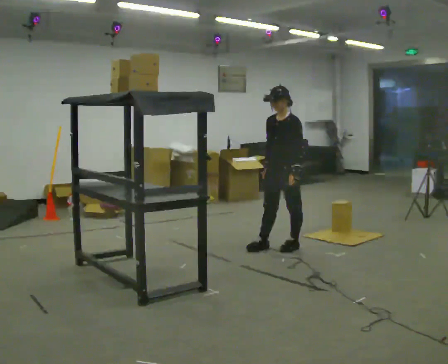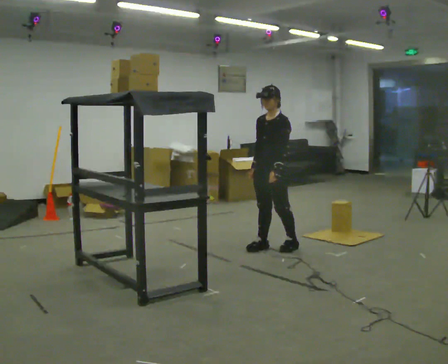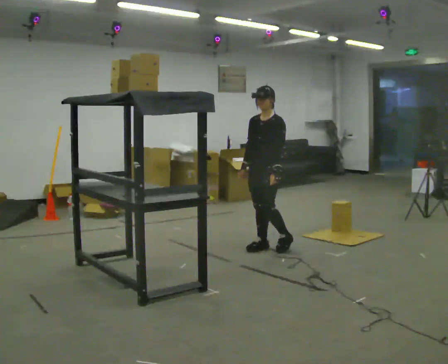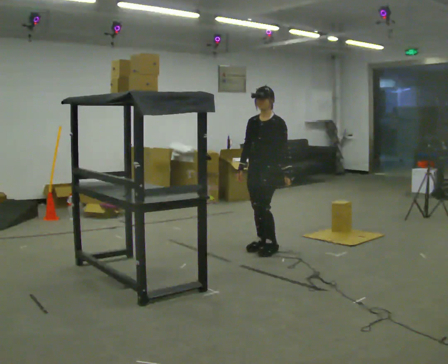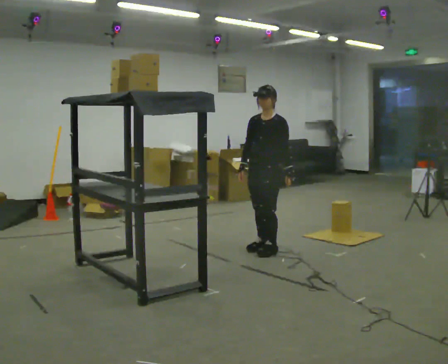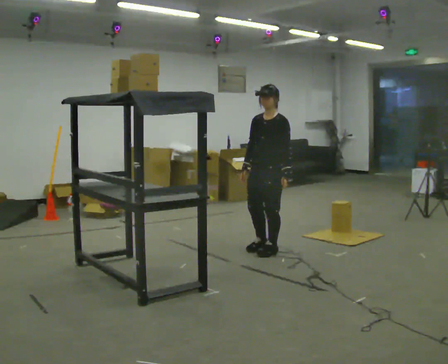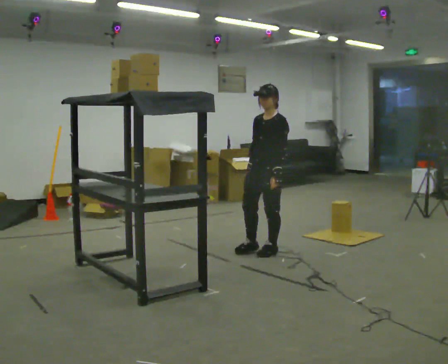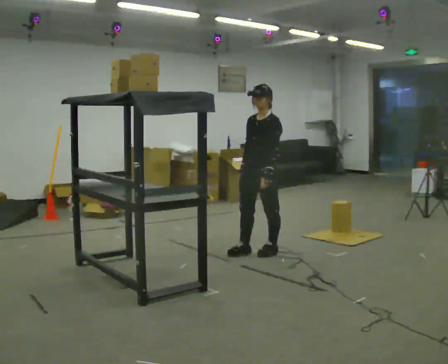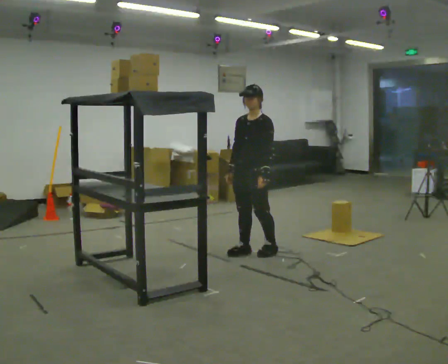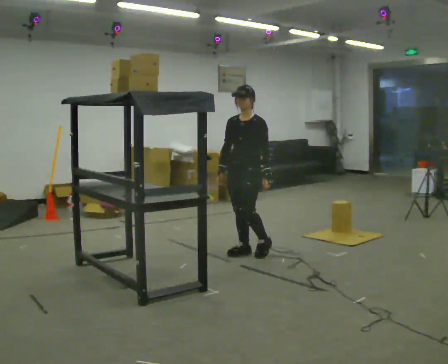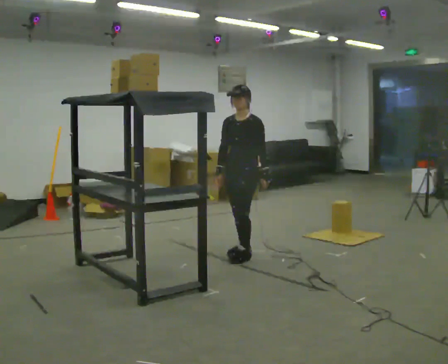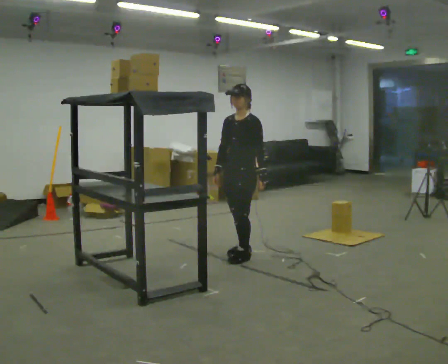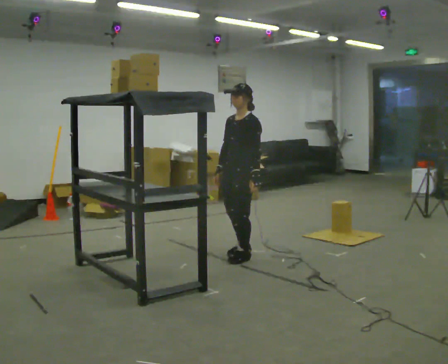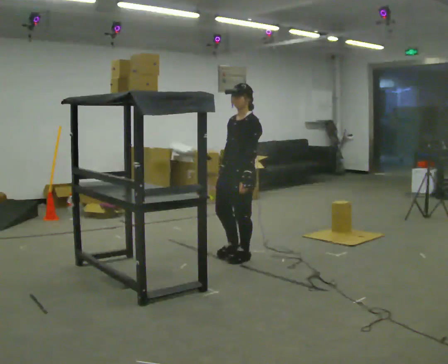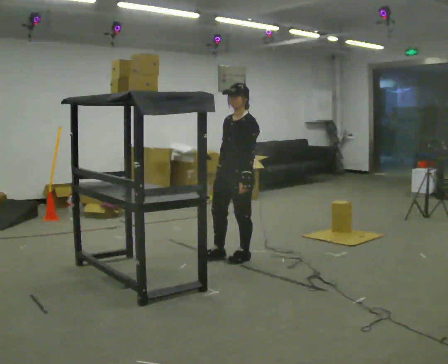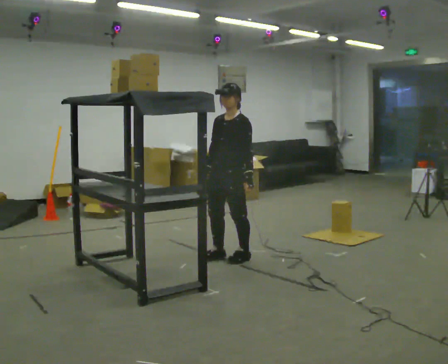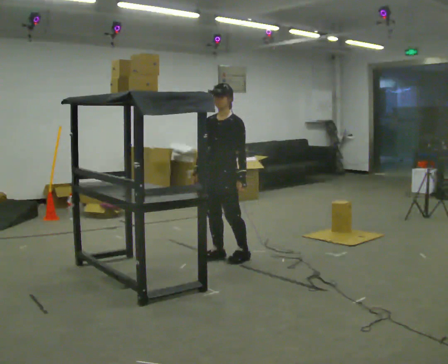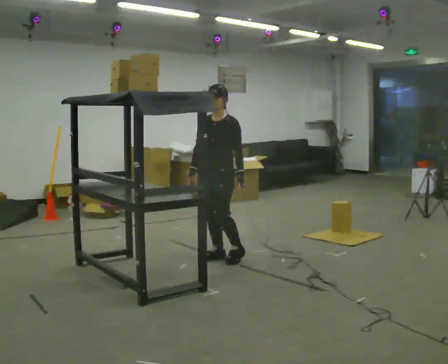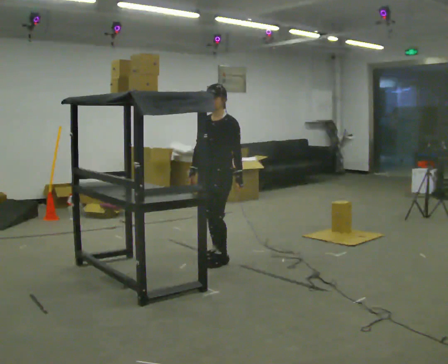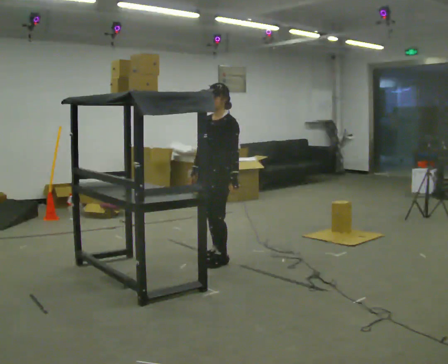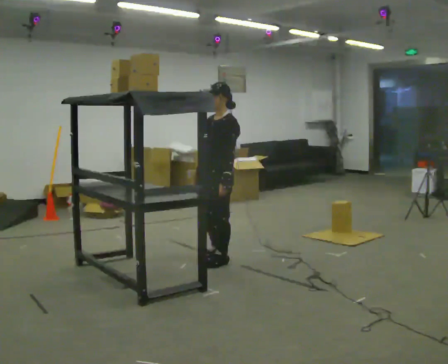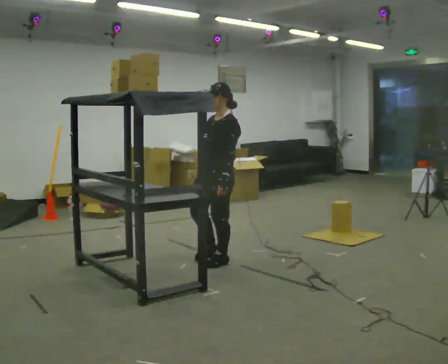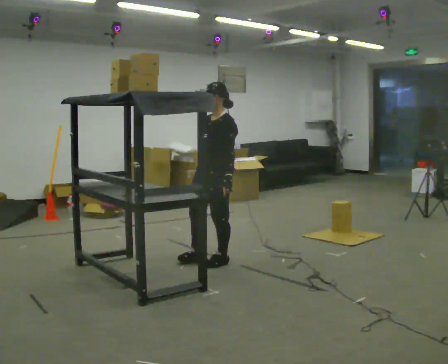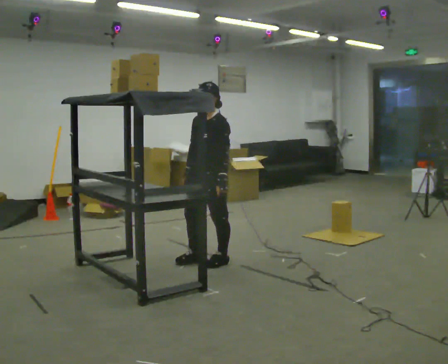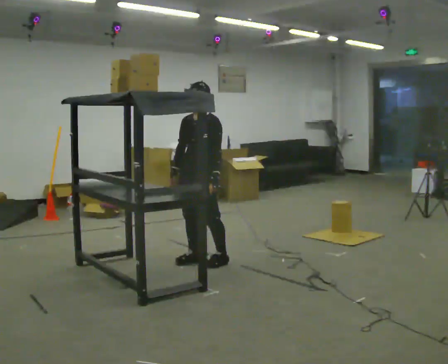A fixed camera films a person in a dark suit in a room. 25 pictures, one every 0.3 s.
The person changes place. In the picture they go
to the left.
0.0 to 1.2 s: In the picture they go to the left, about 0.25 m in 1 step, which for them is forward.
1.2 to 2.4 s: In the picture they go to the left, about 0.25 m in 1 step, which for them is forward.
2.4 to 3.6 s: In the picture they go toward the camera, about 0.25 m in 1 step, which for them is forward.
3.6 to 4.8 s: In the picture they go to the left, about 0.25 m in 1 step, which for them is forward.
4.8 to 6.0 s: The person moves a little, or ends about where they began.
6.0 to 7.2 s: In the picture they go to the left, about 0.25 m in 1 step, which for them is forward.
The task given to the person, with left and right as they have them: Take an object from the highest shelf you can comfortably reach, carry it across, and place it on the lowest shelf. Keep going until the operator says stop; one object at a time, and do not rush between trips.
The film runs forward here.
